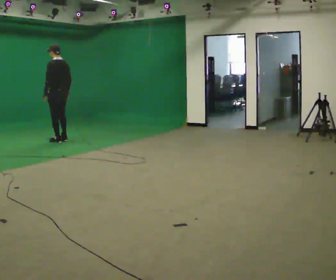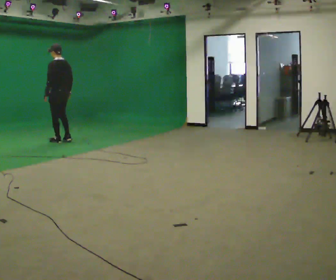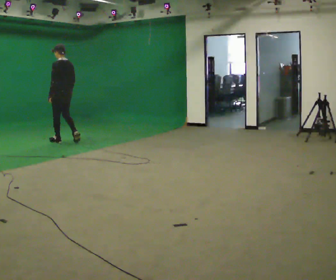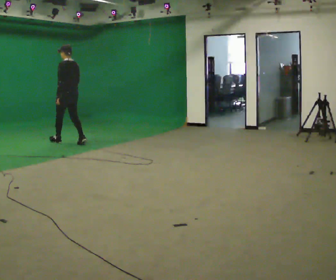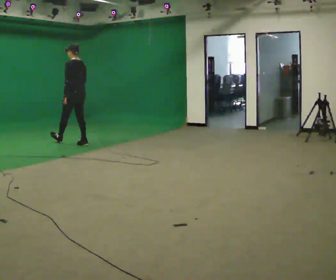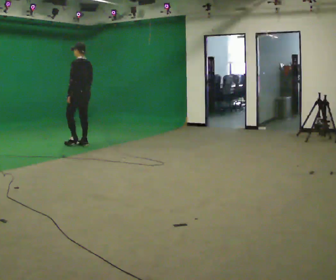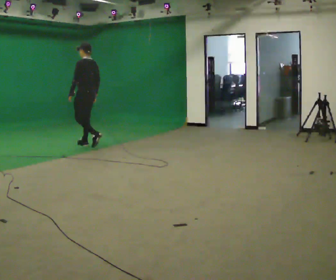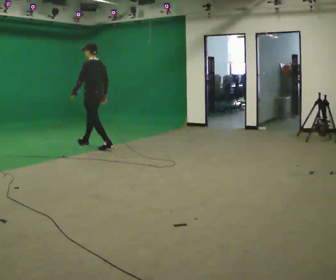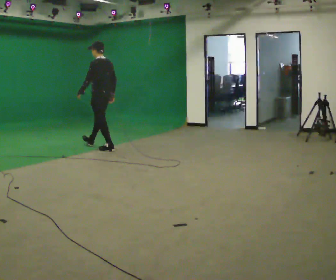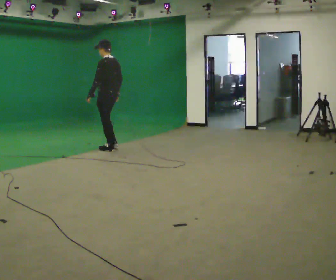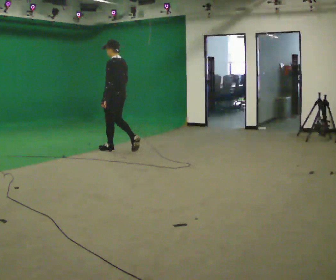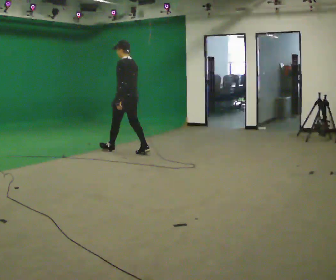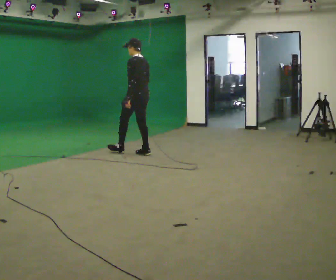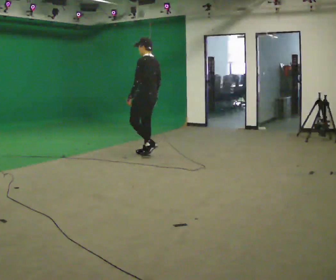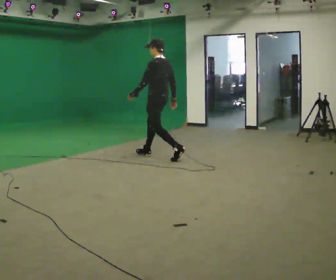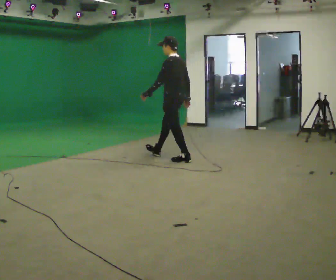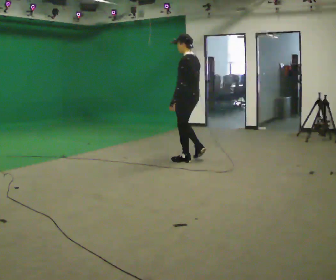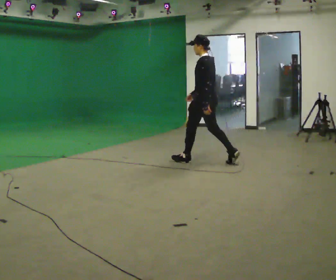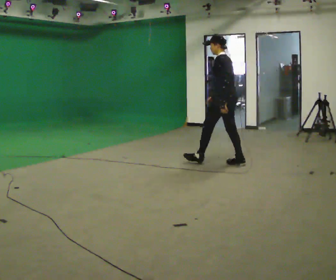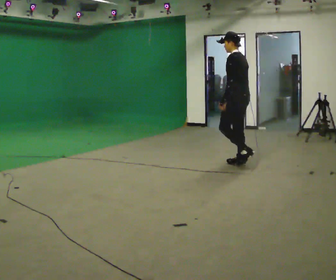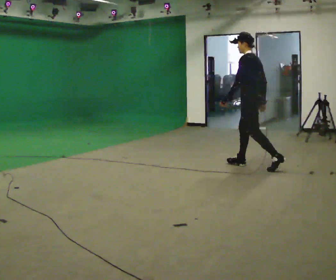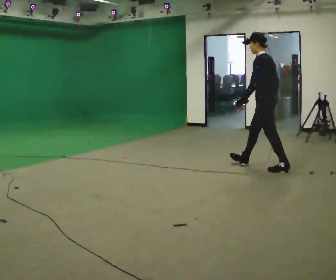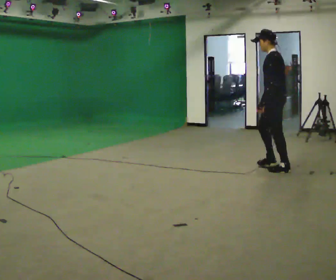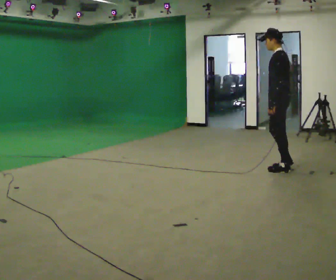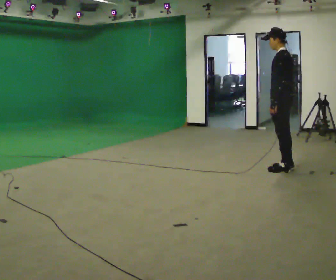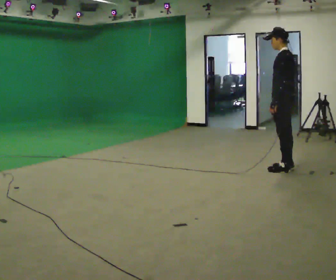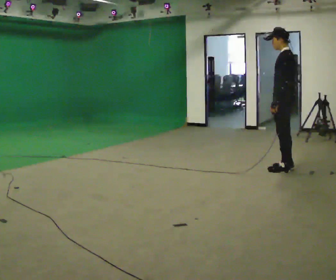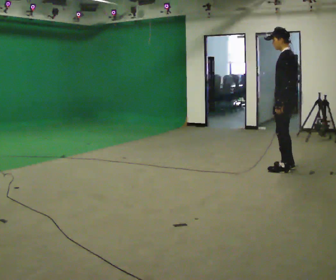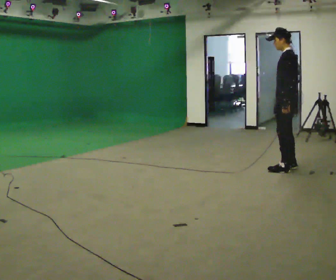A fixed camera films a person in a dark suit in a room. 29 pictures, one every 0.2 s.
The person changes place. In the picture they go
to the right.
0.0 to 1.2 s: In the picture they go to the right and toward the camera, about 0.5 m in 2 steps, which for them is backward.
1.2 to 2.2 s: In the picture they go to the right and toward the camera, about 1 m in 1 step, which for them is backward.
2.2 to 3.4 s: In the picture they go to the right and toward the camera, about 1.5 m in 2 steps, which for them is backward.
3.4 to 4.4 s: In the picture they go to the right and toward the camera, about 1 m in 2 steps, which for them is backward.
4.4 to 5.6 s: In the picture they go to the right, about 0.25 m, which for them is backward. In the picture their left hand goes to the right.
The film runs backward here.
